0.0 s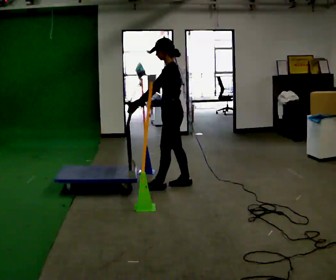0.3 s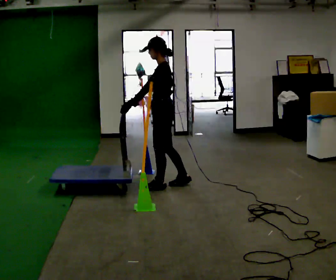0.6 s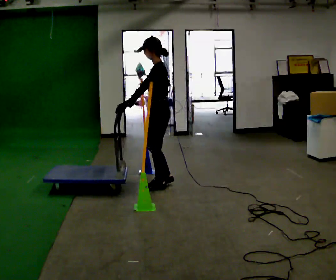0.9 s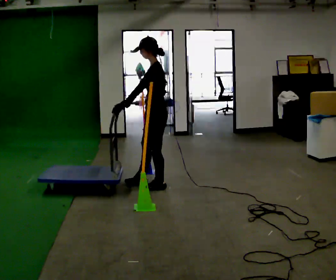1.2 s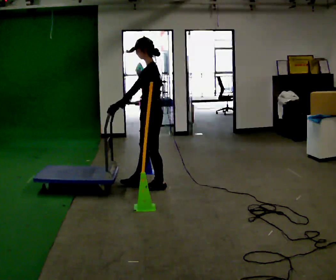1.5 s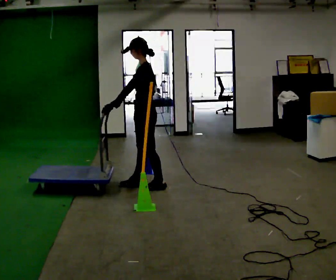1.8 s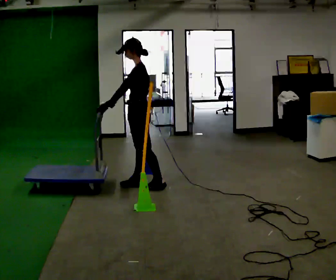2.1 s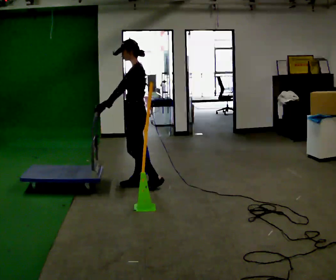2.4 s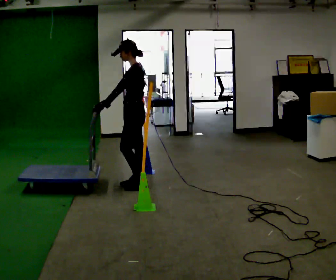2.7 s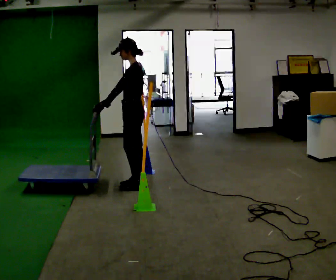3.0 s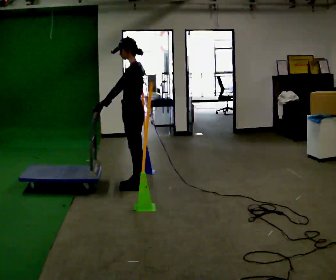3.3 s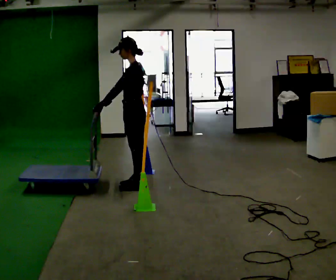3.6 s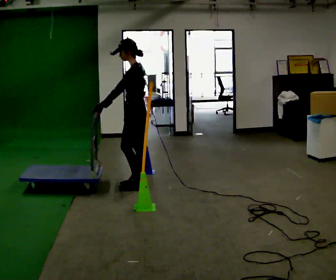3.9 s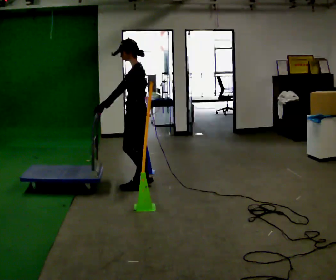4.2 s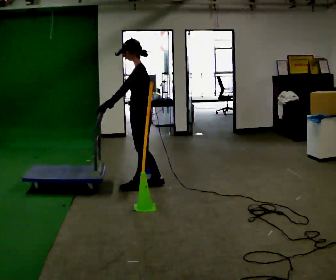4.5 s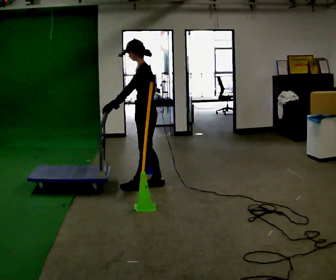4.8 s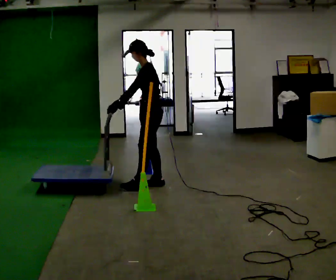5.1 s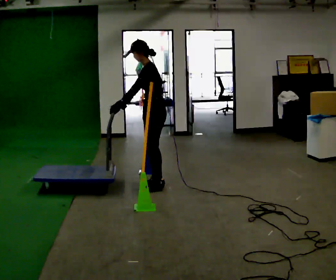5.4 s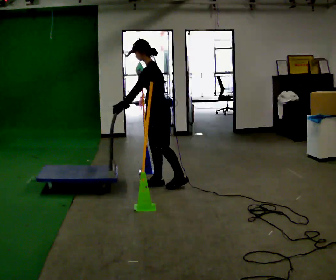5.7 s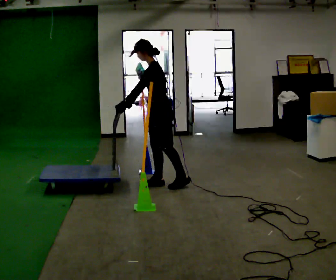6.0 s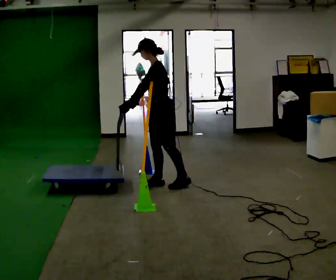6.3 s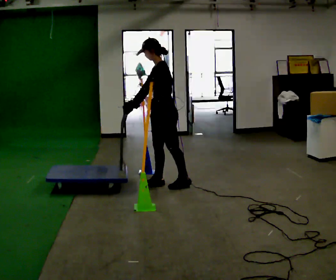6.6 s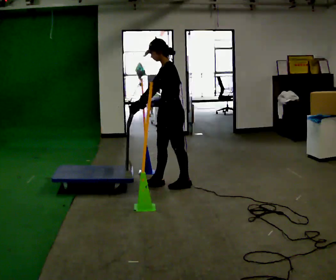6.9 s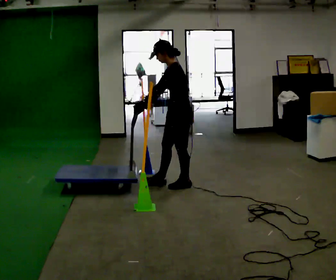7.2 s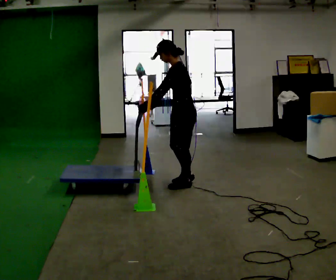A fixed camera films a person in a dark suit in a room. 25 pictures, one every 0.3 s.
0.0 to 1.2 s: In the picture they go to the left, about 0.25 m in 1 step, which for them is forward.
1.2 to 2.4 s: In the picture they go to the left, about 0.25 m, which for them is forward.
2.4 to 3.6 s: The person moves a little, or ends about where they began.
3.6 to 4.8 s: In the picture they go to the right, about 0.25 m in 1 step, which for them is backward and to their right.
4.8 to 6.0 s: The person moves a little, or ends about where they began.
6.0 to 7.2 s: In the picture they go to the right, about 0.25 m, which for them is backward.
The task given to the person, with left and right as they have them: Push the cart through the gap between the poles without touching them, then bring it back through.
The film runs forward here.
